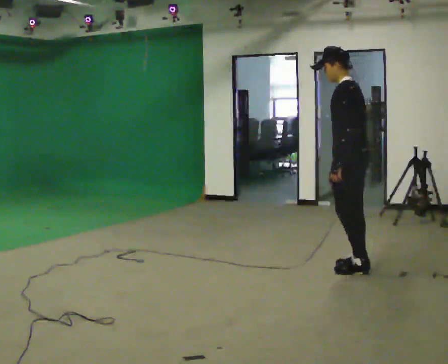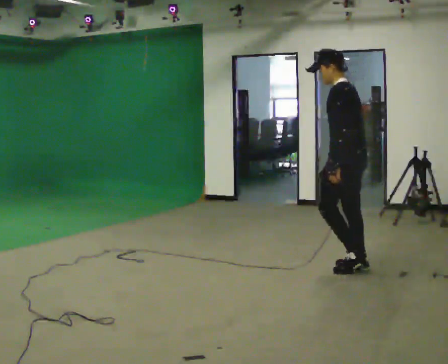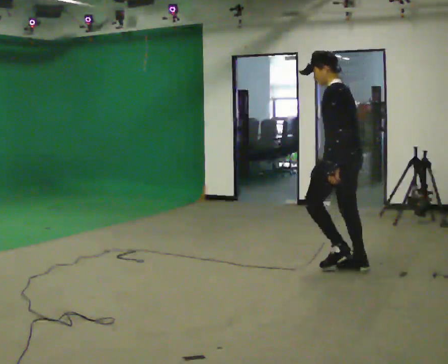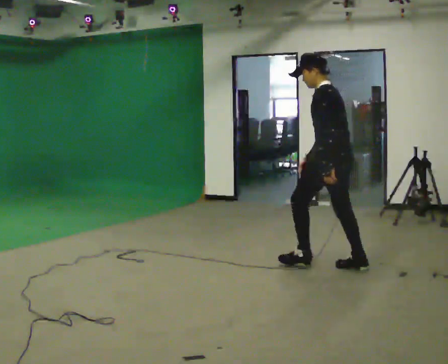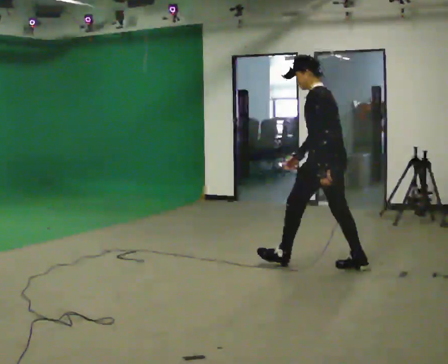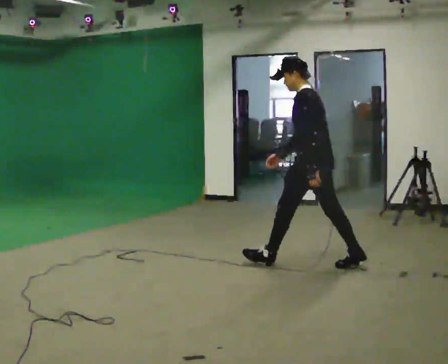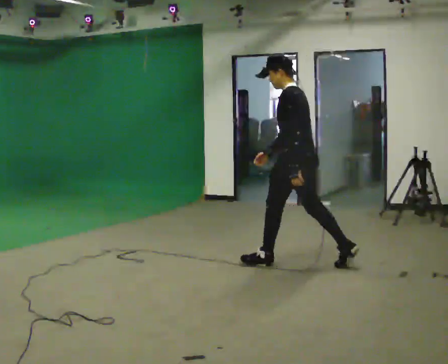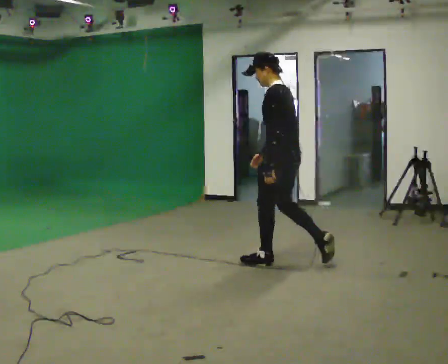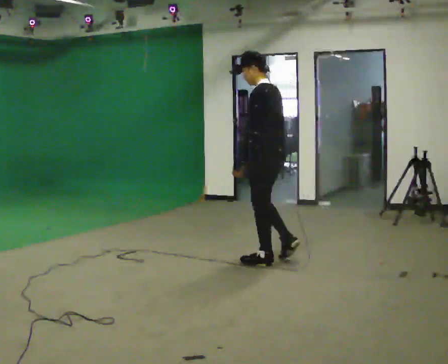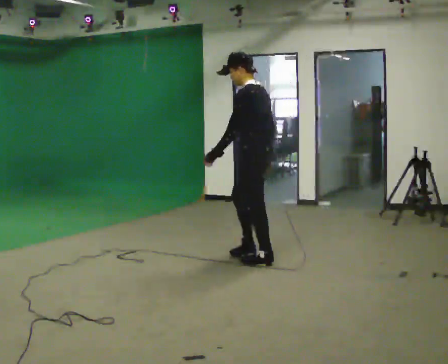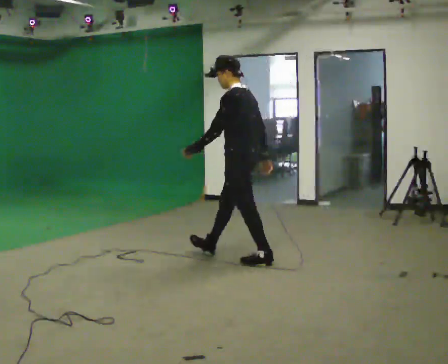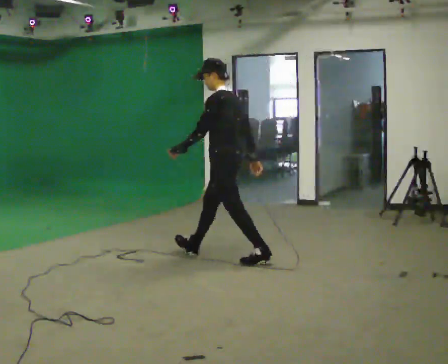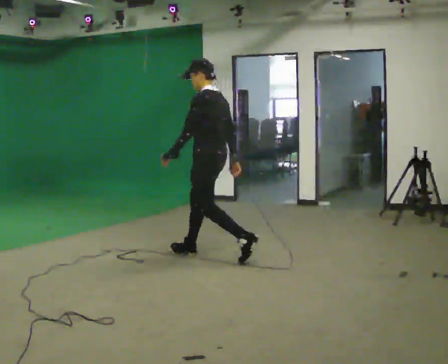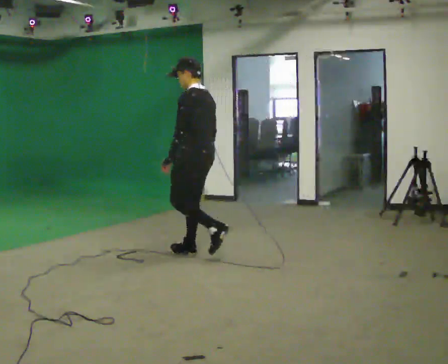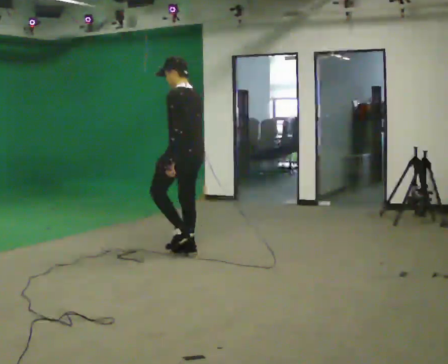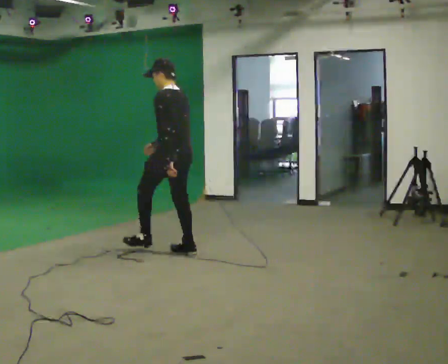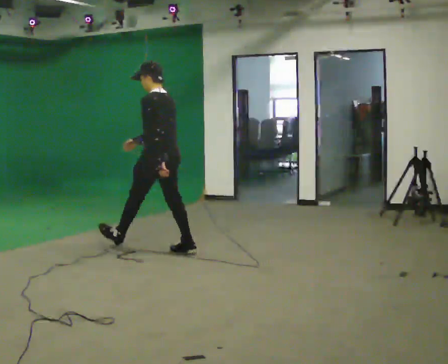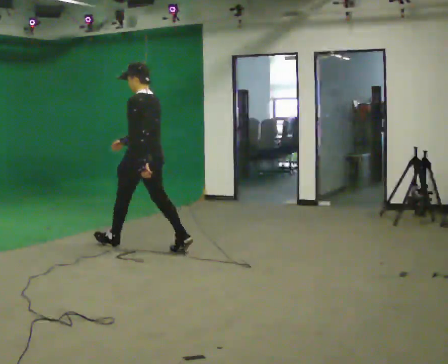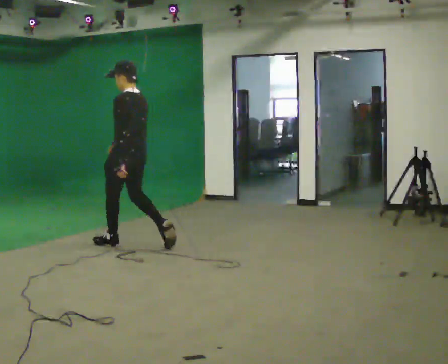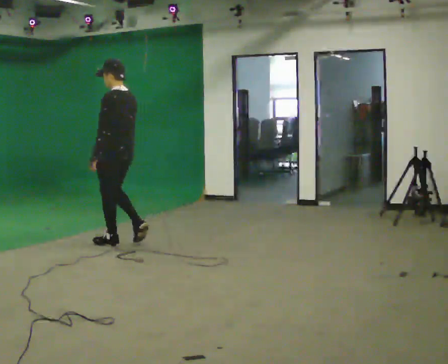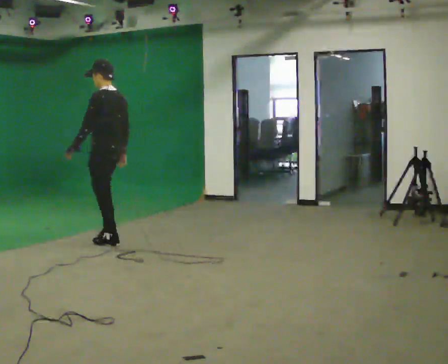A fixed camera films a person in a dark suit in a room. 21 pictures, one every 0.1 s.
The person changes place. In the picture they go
to the left.
0.0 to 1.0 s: In the picture they go to the left and away from the camera, about 1 m in 1 step, which for them is forward.
1.0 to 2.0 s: In the picture they go to the left and away from the camera, about 1.5 m in 2 steps, which for them is forward.
The film runs forward here.
